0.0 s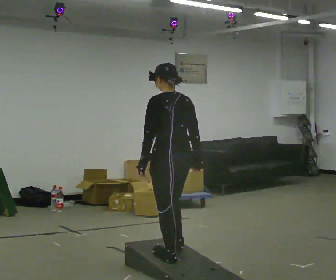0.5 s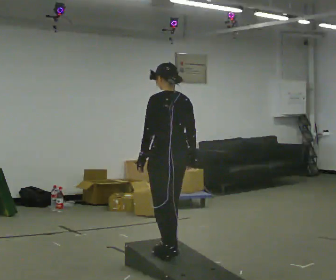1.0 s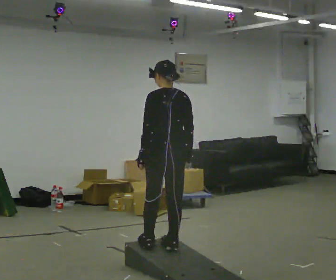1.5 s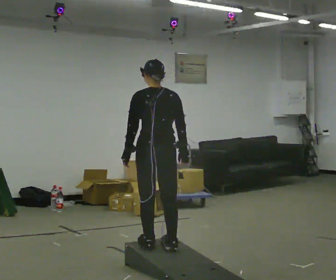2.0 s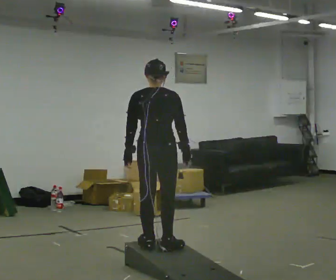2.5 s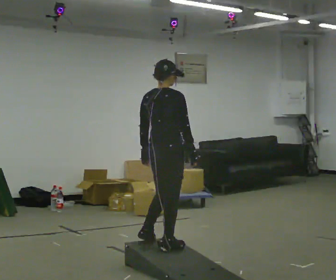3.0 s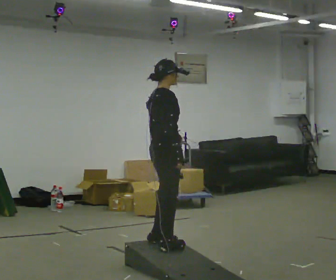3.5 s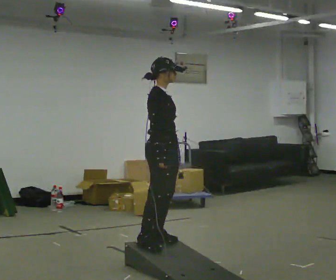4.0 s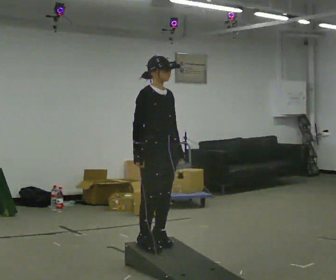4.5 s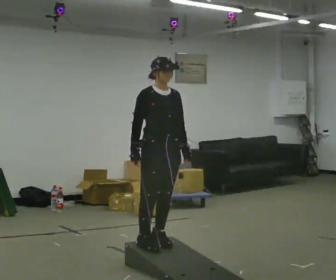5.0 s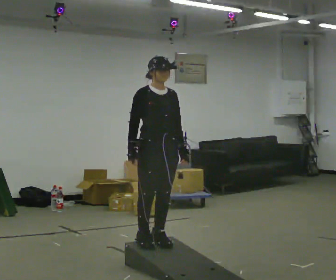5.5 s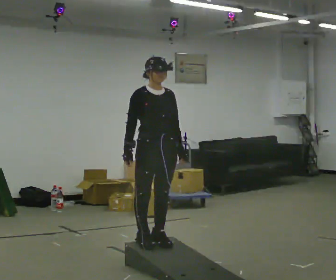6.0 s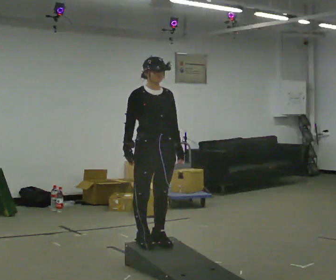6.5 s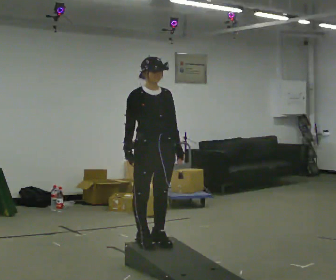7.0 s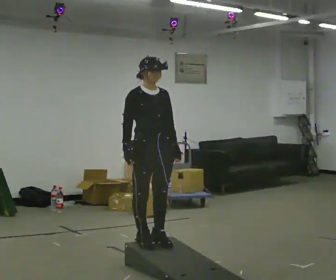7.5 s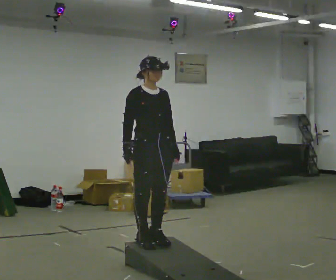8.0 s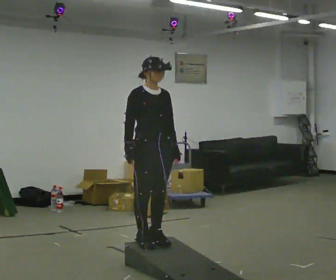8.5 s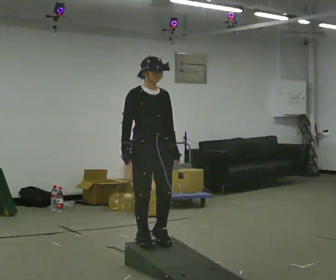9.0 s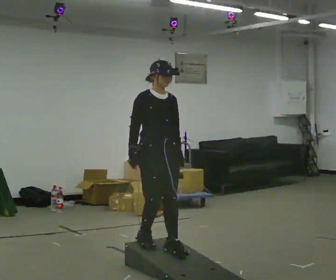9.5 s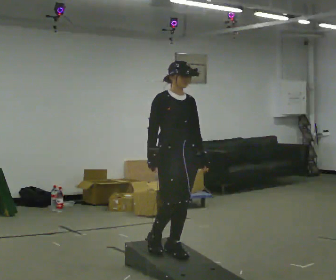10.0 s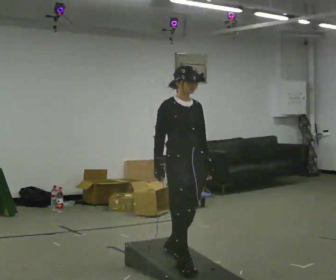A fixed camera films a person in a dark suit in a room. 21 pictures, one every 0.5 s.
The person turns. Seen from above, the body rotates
clockwise.
The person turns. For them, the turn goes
to their right.
0.0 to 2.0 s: The person turns about 45 degrees to their right, clockwise seen from above, so the part of the body nearest the lens slides to the left. In the picture they go away from the camera, about 0.25 m in 2 steps, which for them is forward.
2.0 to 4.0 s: Seen from above the body turns clockwise, about 120 degrees: to their right, with its near side sliding to the left. In the picture their right hand goes to the left.
4.0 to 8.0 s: The person moves a little, or ends about where they began.
8.0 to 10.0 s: In the picture they go toward the camera and to the right, about 0.5 m in 2 steps, which for them is forward.
The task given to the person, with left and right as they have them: Walk up the ramp, turn at the top, and walk back down at a comfortable speed.
The film runs forward here.
